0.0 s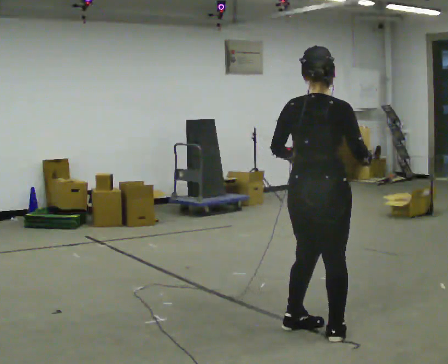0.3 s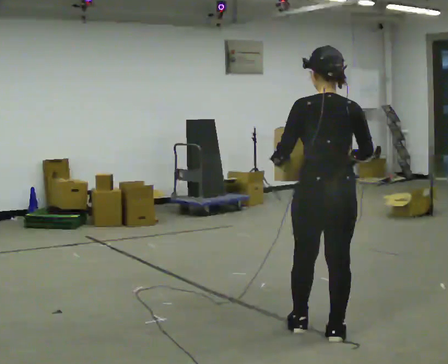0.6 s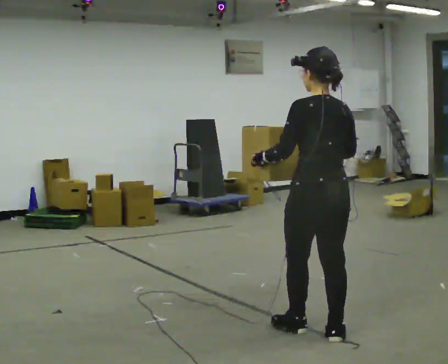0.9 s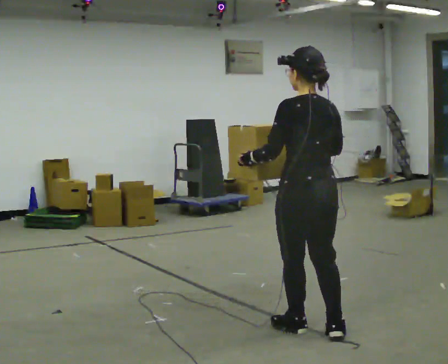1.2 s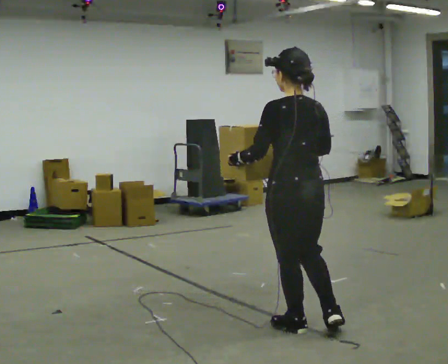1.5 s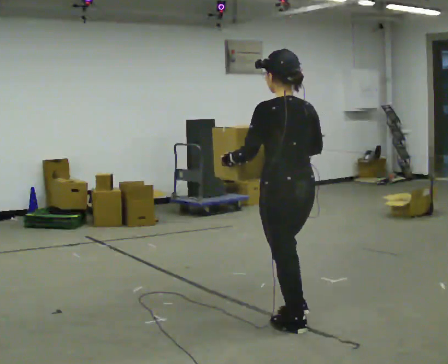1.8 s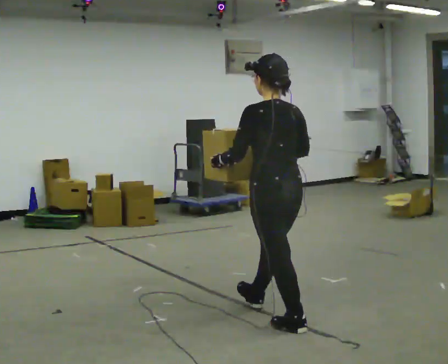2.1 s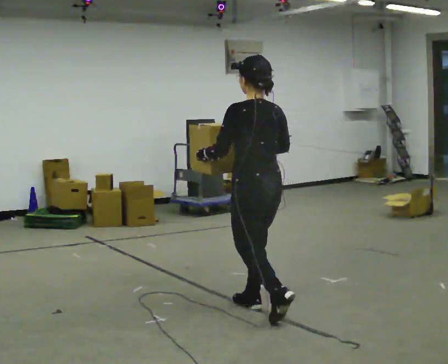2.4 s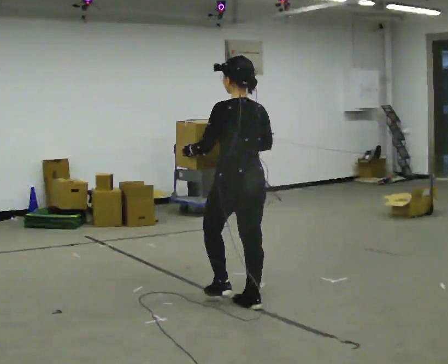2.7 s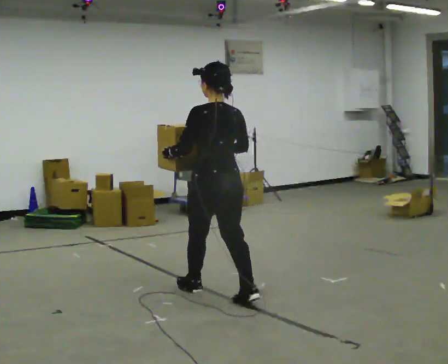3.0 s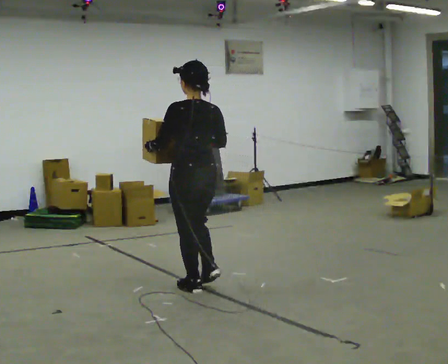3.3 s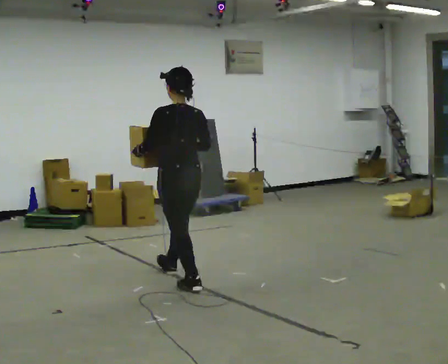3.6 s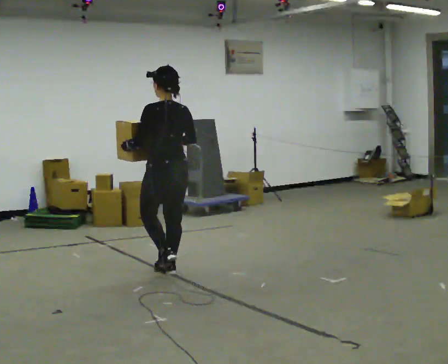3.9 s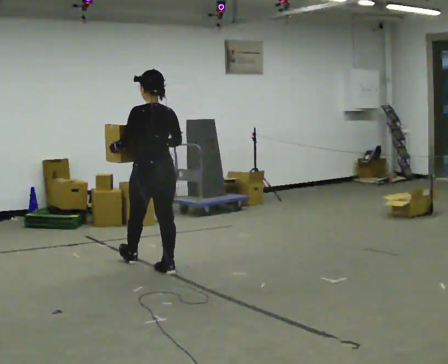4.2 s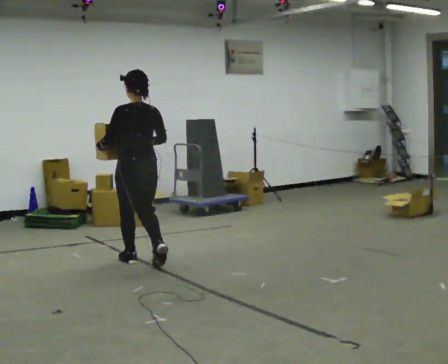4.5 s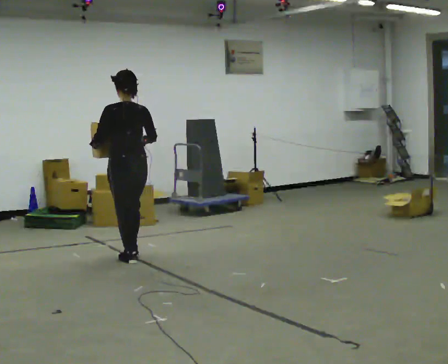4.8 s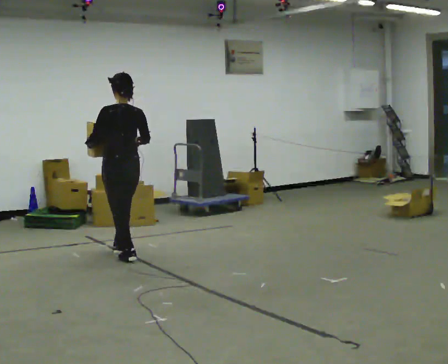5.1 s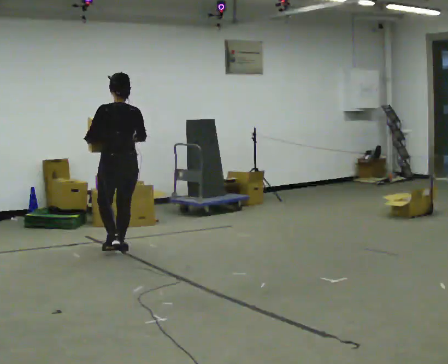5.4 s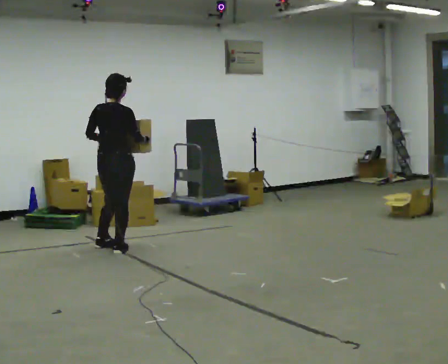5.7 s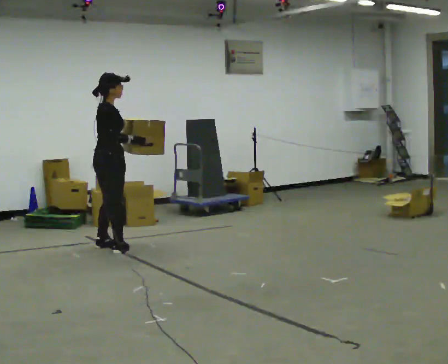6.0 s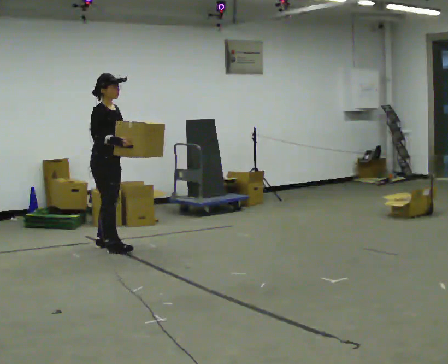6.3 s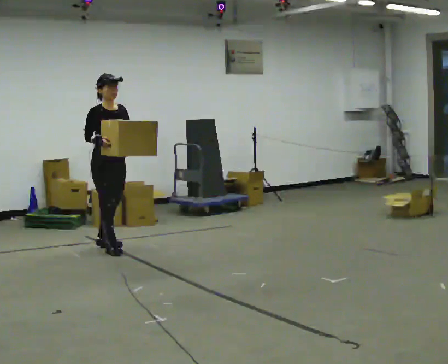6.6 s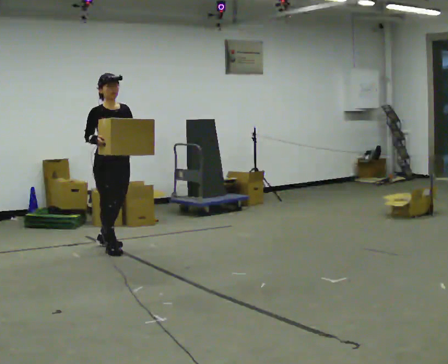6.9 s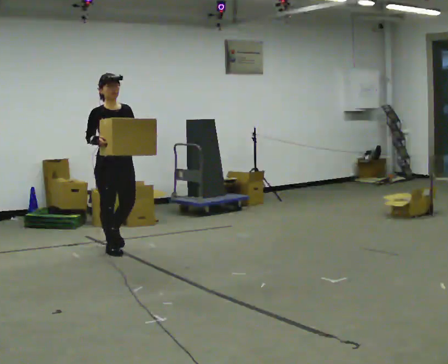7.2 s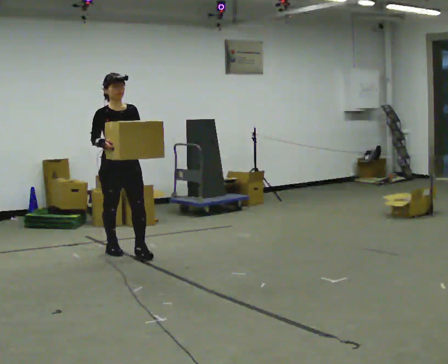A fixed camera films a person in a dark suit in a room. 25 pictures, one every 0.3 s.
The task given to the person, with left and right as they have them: Carry the heavy box in both hands in front of you, walking back and forth across the room. Keep walking until the operator says stop. Set it down if you need a rest.
0.0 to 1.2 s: The person turns about 60 degrees to their left, counterclockwise seen from above, so the part of the body nearest the lens slides to the right. In the picture their right hand goes to the left.
1.2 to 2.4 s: In the picture they go away from the camera and to the left, about 0.75 m in 1 step, which for them is forward.
2.4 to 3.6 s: In the picture they go away from the camera and to the left, about 1 m in 2 steps, which for them is forward.
3.6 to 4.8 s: In the picture they go away from the camera and to the left, about 1 m in 2 steps, which for them is forward.
4.8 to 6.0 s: The person turns about 135 degrees to their right, clockwise seen from above, so the part of the body nearest the lens slides to the left. In the picture they go away from the camera and to the left, about 0.5 m in 1 step.
6.0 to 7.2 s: The part of the body nearest the lens slides to the left as the person turns to their right by about 45 degrees. In the picture they go toward the camera and to the right, about 0.25 m, which for them is forward.
The film runs forward here.
